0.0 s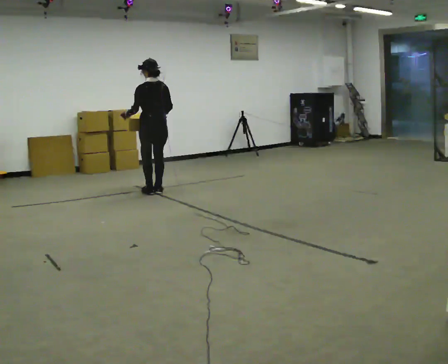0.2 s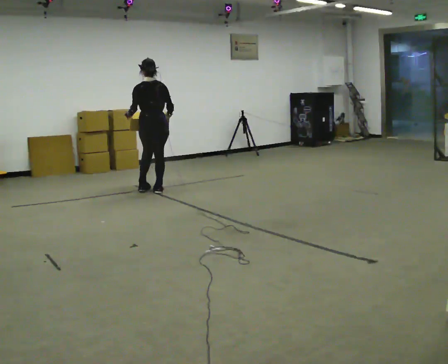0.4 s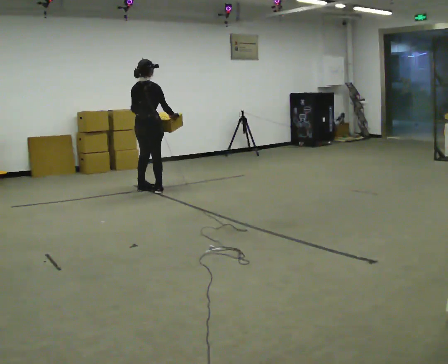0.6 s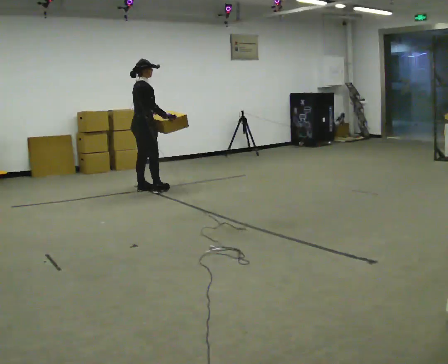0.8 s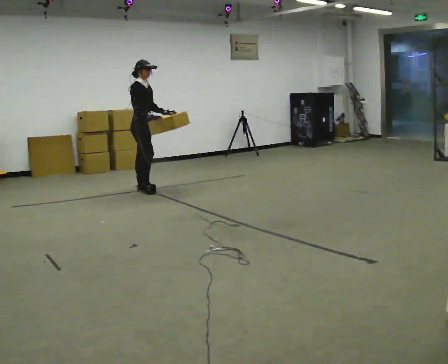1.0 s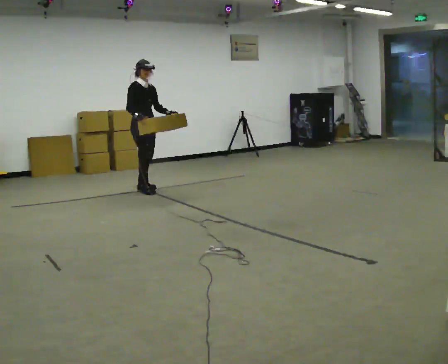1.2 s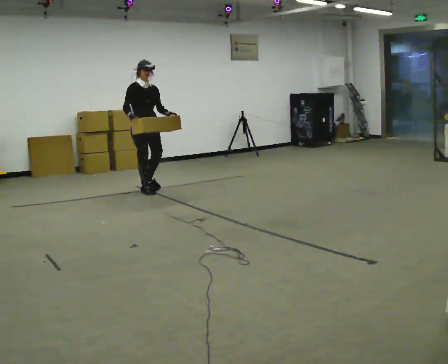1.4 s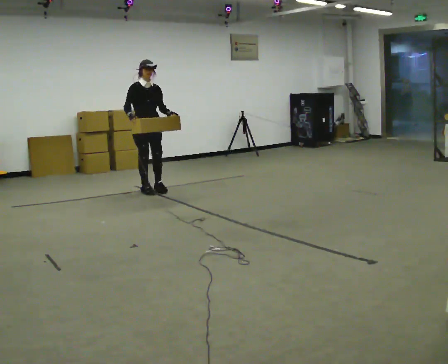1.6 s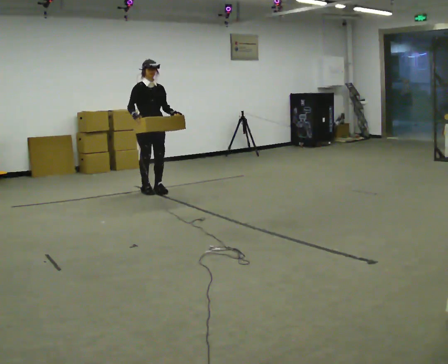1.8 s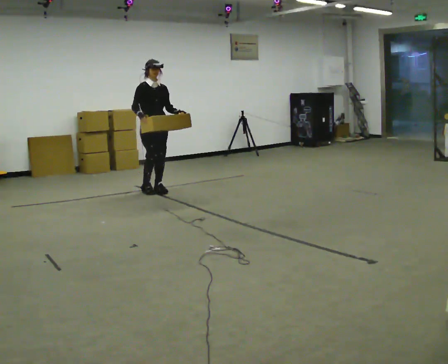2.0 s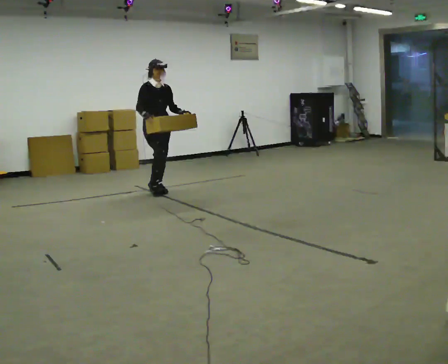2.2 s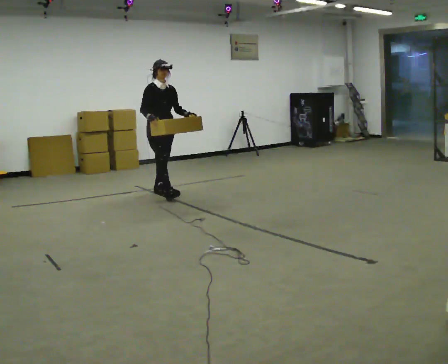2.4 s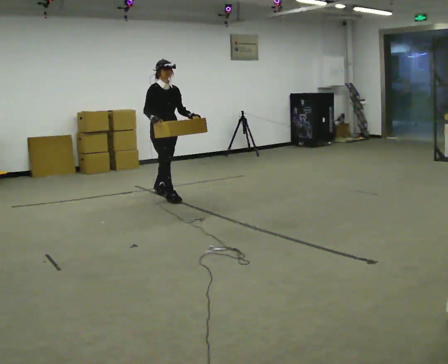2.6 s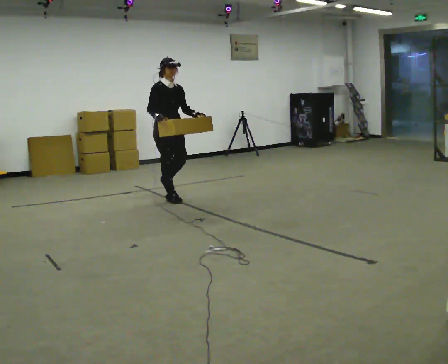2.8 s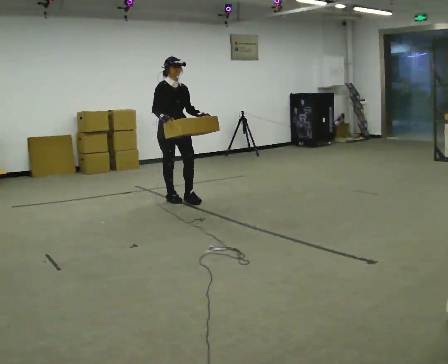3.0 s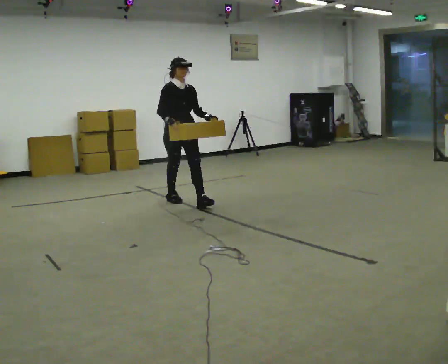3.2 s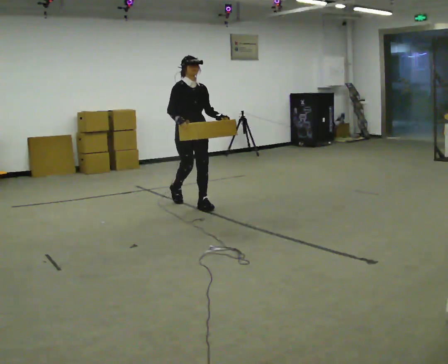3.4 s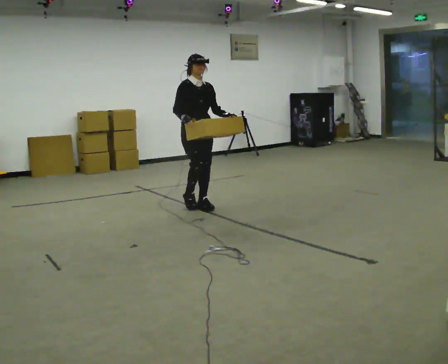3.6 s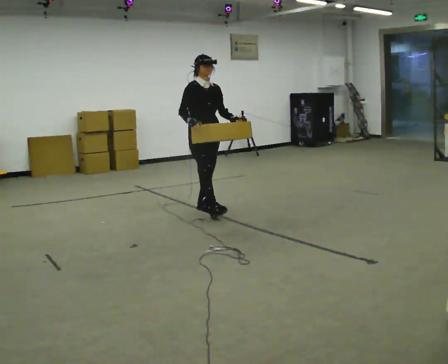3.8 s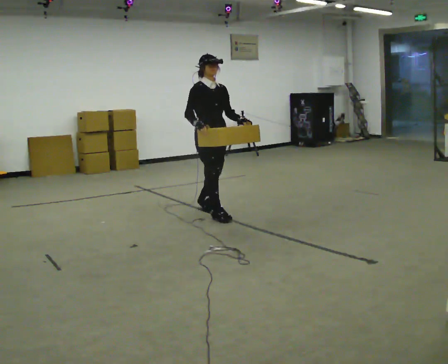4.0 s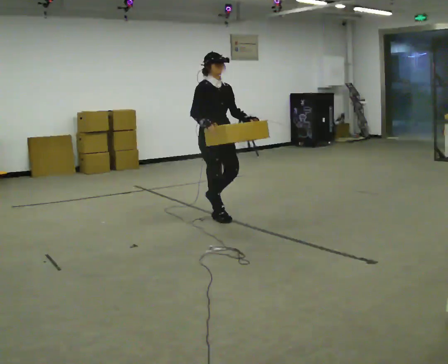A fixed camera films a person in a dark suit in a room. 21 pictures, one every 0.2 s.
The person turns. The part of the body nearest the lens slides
to the left.
The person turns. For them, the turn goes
to their right.
0.0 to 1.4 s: The person turns about 180 degrees to their right, clockwise seen from above, so the part of the body nearest the lens slides to the left. In the picture their right hand goes to the left.
1.4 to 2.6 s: In the picture they go toward the camera and to the right, about 0.5 m in 2 steps, which for them is forward.
2.6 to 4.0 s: In the picture they go toward the camera and to the right, about 1 m in 2 steps, which for them is forward.
The film runs forward here.
